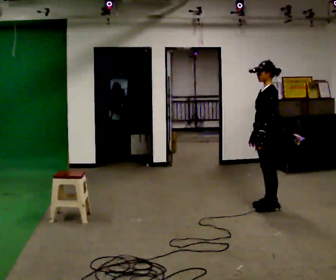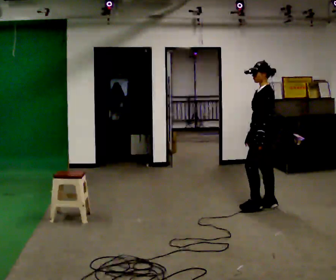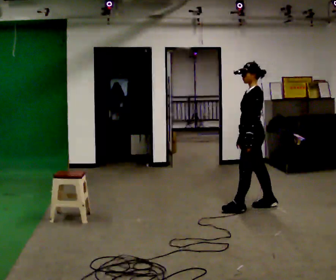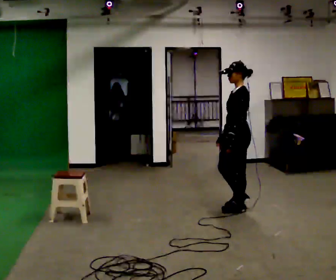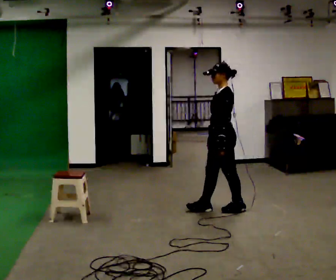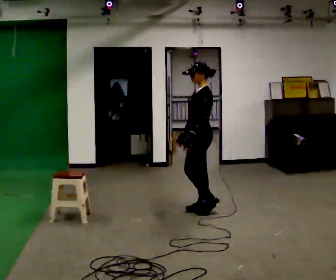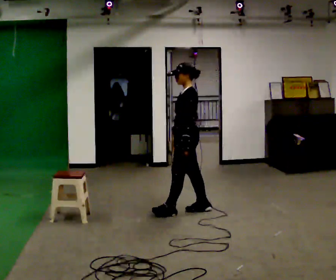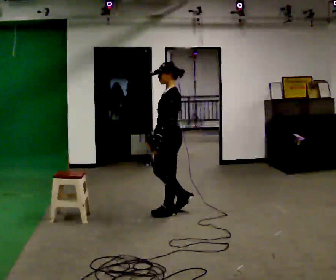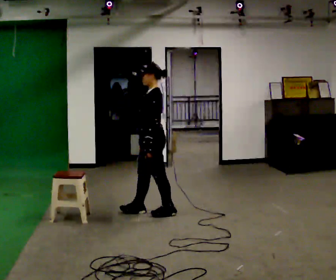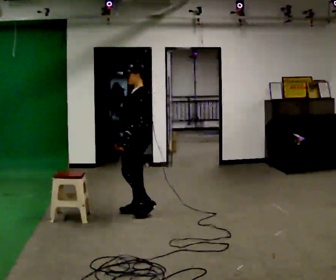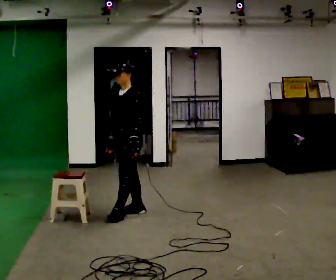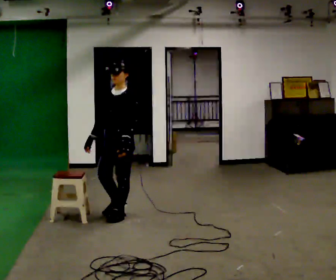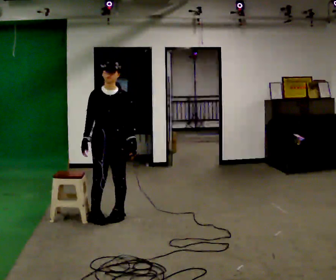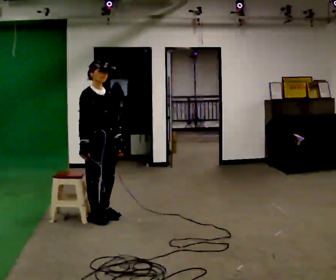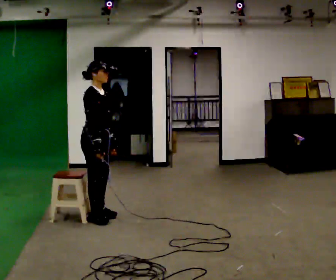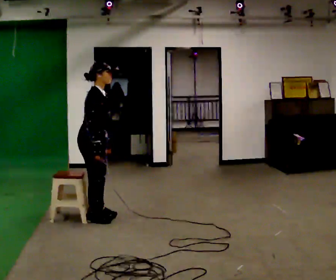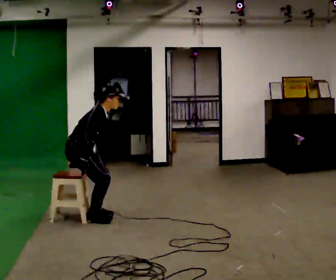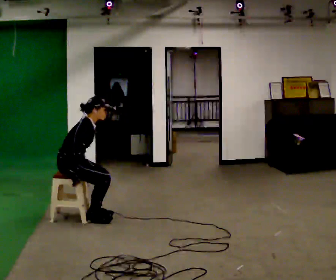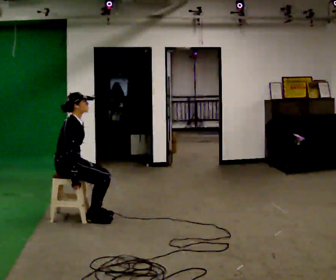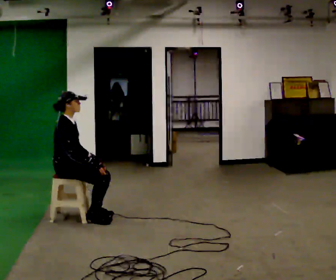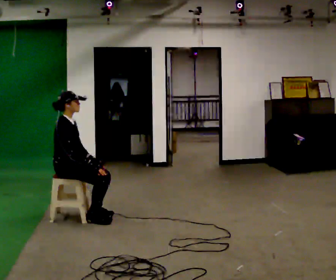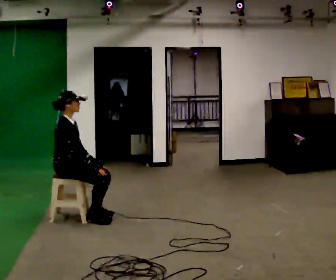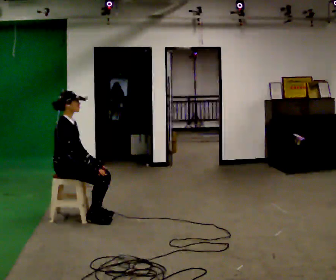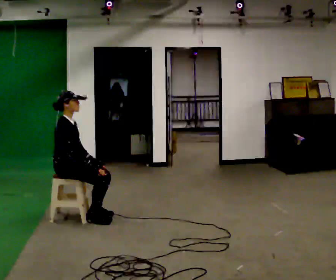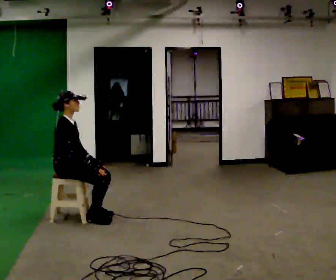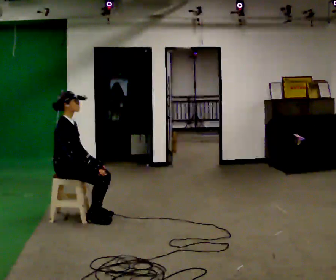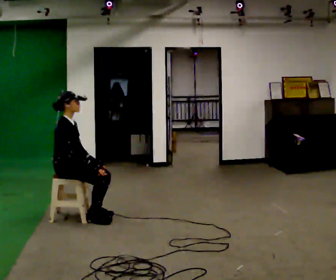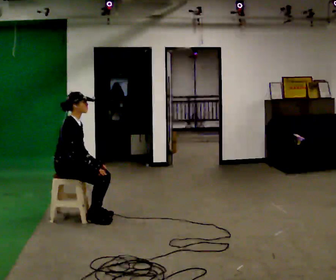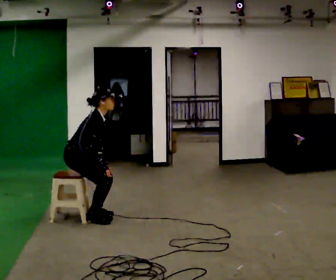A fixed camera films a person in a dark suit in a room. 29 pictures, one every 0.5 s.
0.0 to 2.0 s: In the picture they go to the left, about 0.5 m in 2 steps, which for them is forward.
2.0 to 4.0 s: In the picture they go to the left, about 0.5 m in 2 steps, which for them is forward.
4.0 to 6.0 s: Seen from above the body turns counterclockwise, about 90 degrees: to their left, with its near side sliding to the right. In the picture they go to the left, about 0.5 m in 2 steps.
6.0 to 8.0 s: Seen from above the body turns counterclockwise, about 90 degrees: to their left, with its near side sliding to the right. In the picture they go to the left, about 0.25 m in 1 step. The upper body goes downward. In the picture the upper body tilts clockwise, shoulders to the right, as they bend forward.
8.0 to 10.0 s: In the picture the upper body tilts counterclockwise, shoulders to the left, as they lean back or straighten.
10.0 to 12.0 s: The person keeps their place and pose.
12.0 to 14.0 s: In the picture the upper body tilts clockwise, shoulders to the right, as they bend forward.
The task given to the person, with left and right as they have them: Walk to chair; sit ~2 s; stand; walk away.
The film runs forward here.
